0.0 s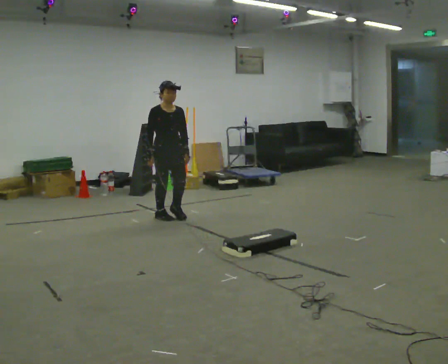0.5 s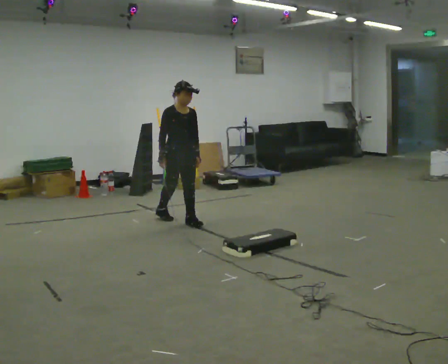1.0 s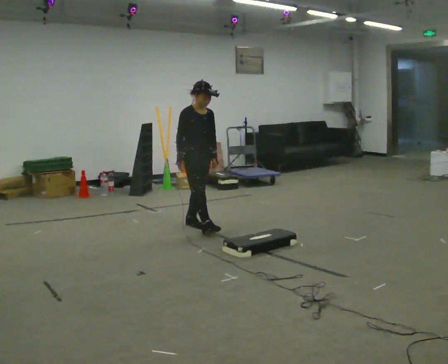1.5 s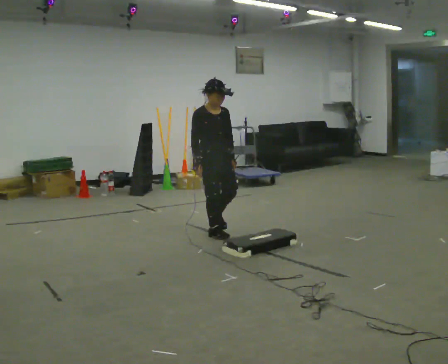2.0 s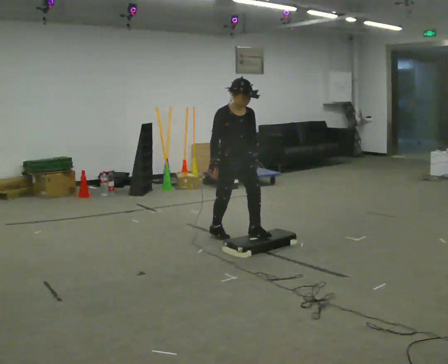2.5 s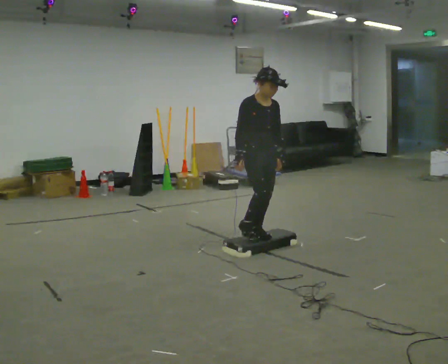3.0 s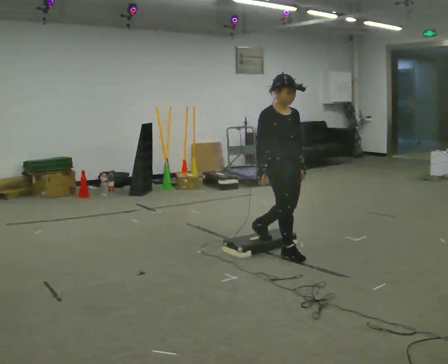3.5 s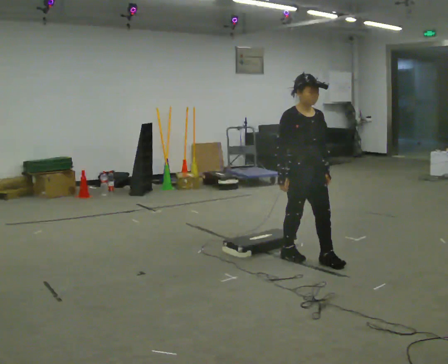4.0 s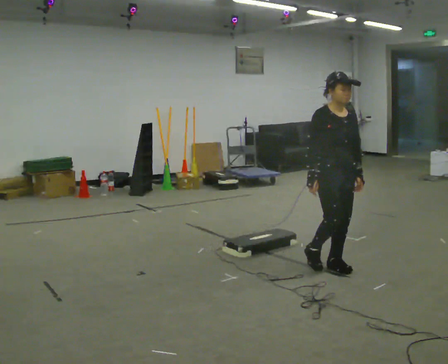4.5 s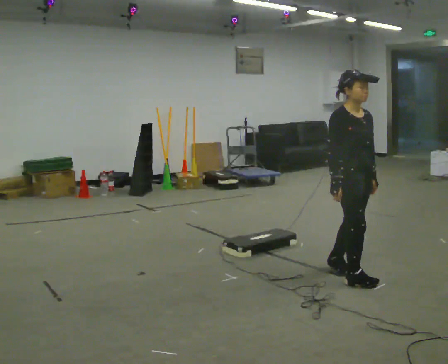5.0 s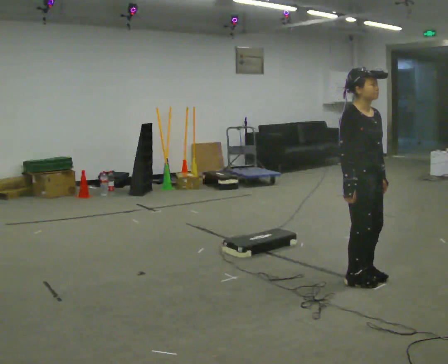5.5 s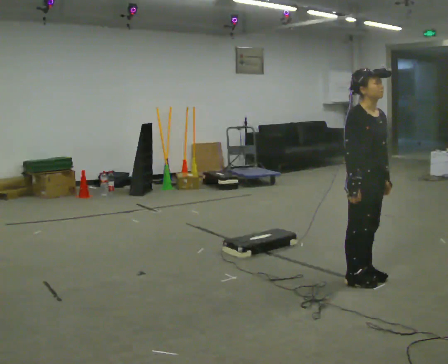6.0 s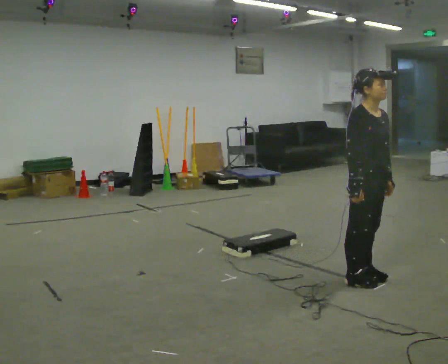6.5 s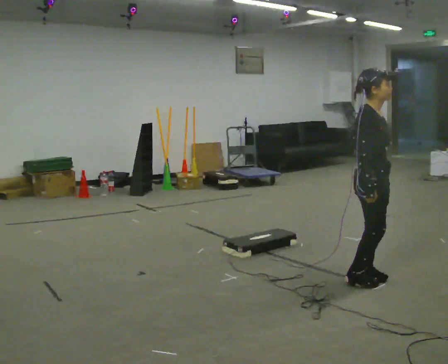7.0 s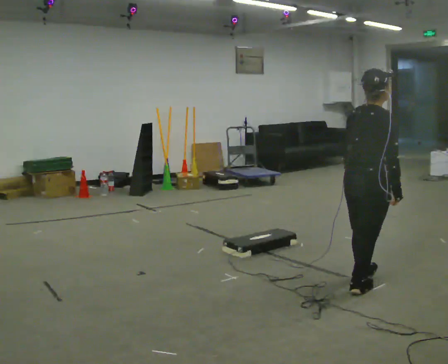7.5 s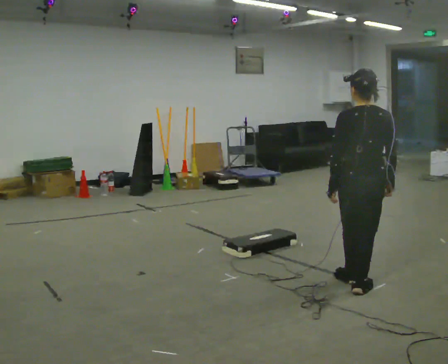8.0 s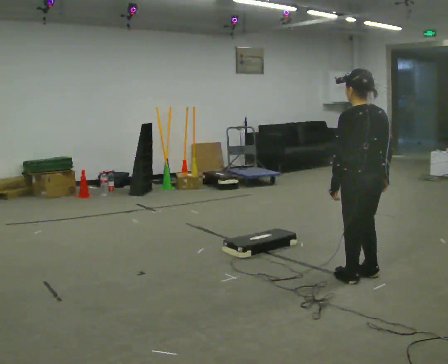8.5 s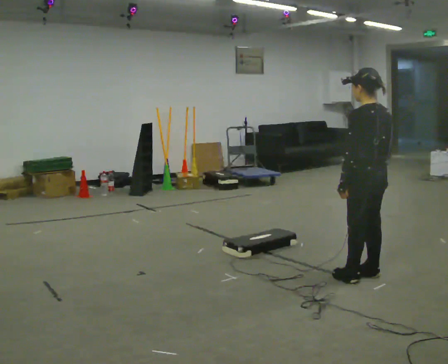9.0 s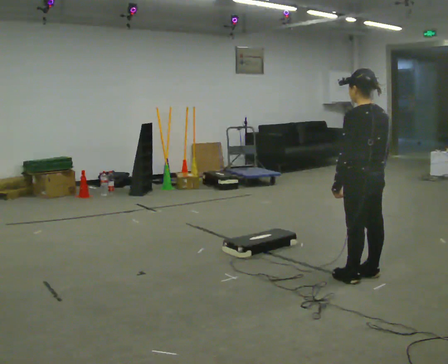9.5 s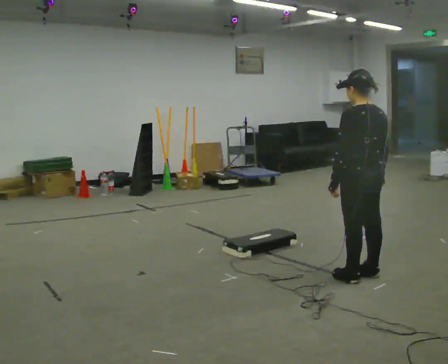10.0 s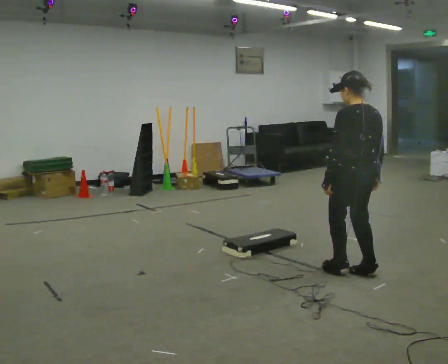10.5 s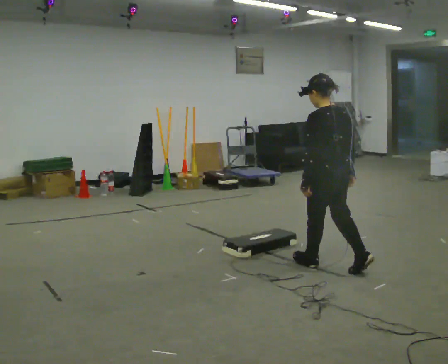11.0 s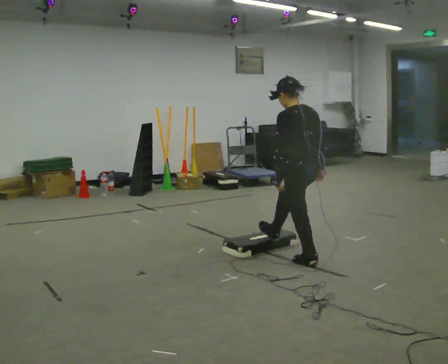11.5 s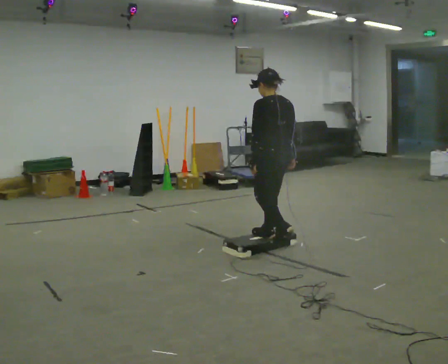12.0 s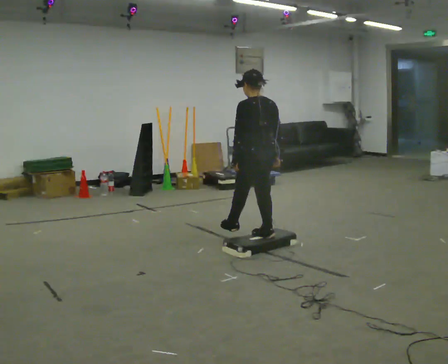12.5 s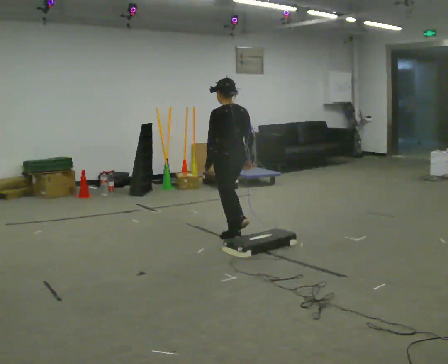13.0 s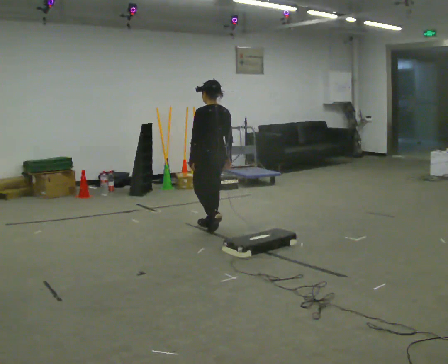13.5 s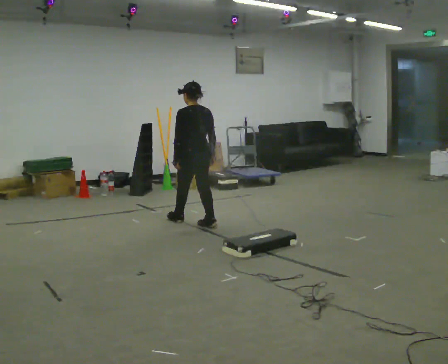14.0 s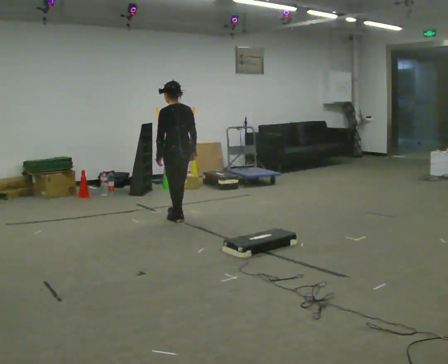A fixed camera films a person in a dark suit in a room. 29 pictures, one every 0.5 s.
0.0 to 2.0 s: In the picture they go to the right and toward the camera, about 1 m in 3 steps, which for them is forward.
2.0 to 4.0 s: In the picture they go to the right and toward the camera, about 1 m in 2 steps, which for them is forward.
4.0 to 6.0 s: In the picture they go toward the camera and to the right, about 0.25 m in 2 steps, which for them is forward.
6.0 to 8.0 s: The part of the body nearest the lens slides to the right as the person turns to their left by about 165 degrees.
8.0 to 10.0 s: In the picture they go away from the camera, about 0.25 m, which for them is forward.
10.0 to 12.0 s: In the picture they go to the left and away from the camera, about 1 m in 3 steps, which for them is forward.
12.0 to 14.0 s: In the picture they go to the left and away from the camera, about 1 m in 2 steps, which for them is forward.
The film runs forward here.
